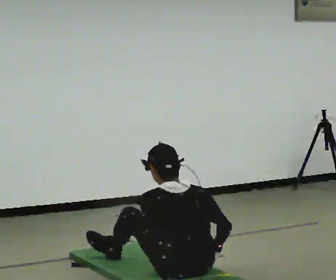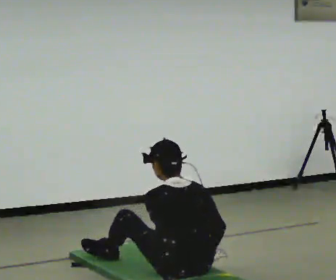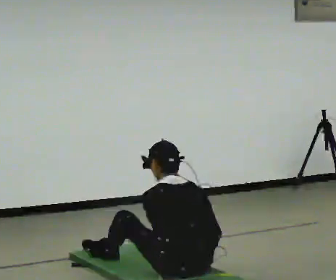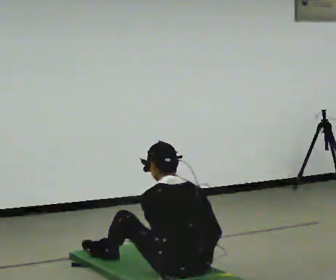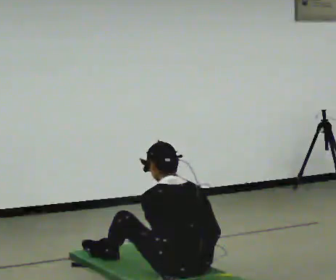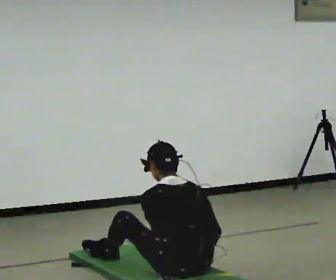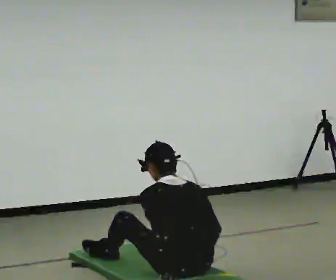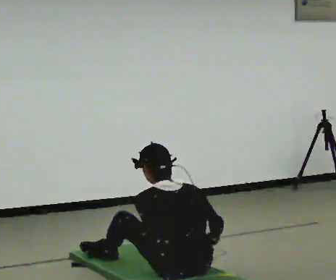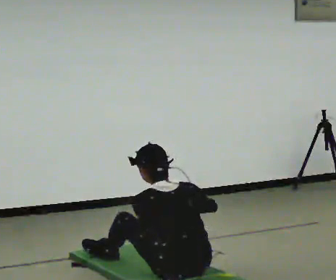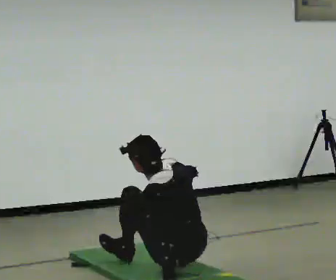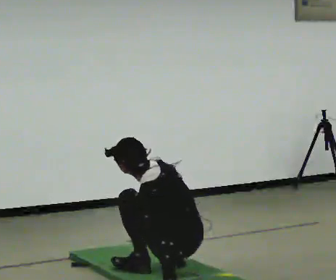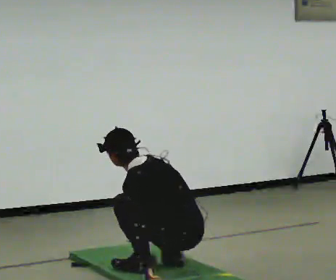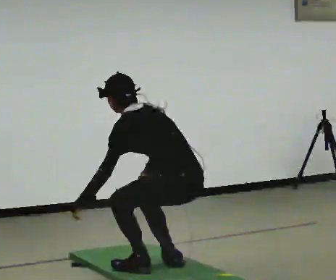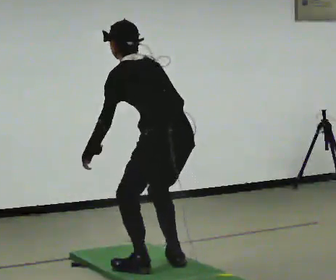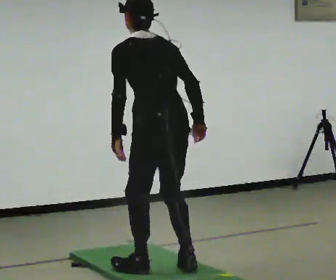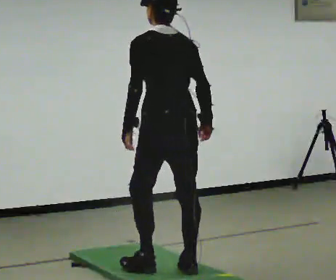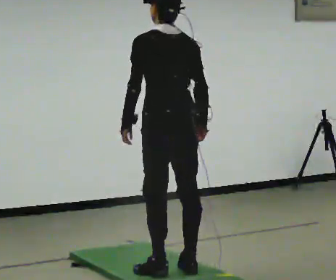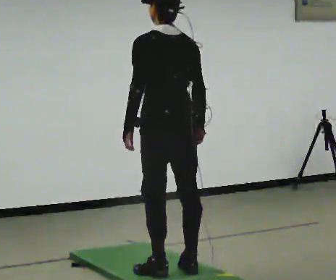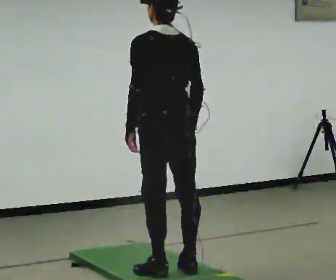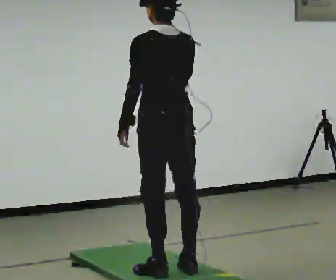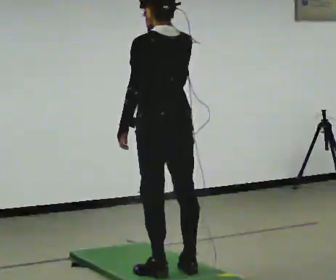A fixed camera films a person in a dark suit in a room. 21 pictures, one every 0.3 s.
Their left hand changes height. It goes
upward.
The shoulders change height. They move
upward.
0.0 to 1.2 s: The upper body tips away from the camera, its near side rolling upward, as they bend forward.
1.2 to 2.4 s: In the picture their right hand goes upward.
2.4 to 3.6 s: Seen from above the body turns counterclockwise, about 30 degrees: to their left, with its near side sliding to the right. The shoulders move upward. In the picture their left hand goes upward and to the left.
3.6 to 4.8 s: The shoulders move upward. In the picture the upper body tilts clockwise, shoulders to the right, as they lean back or straighten. In the picture their right hand goes to the right.
4.8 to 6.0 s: In the picture their right hand goes upward and to the left.
The film runs forward here.
